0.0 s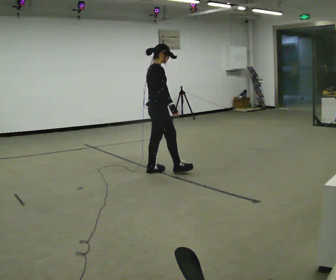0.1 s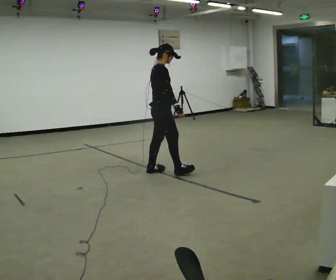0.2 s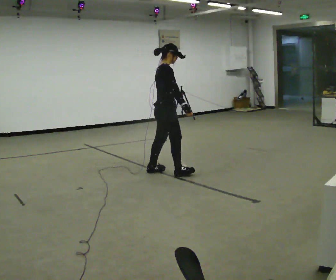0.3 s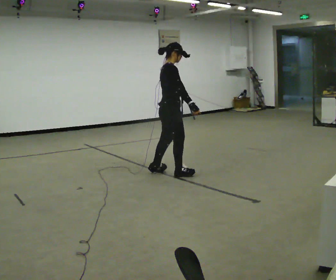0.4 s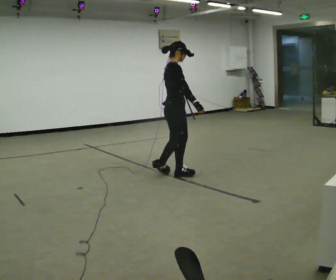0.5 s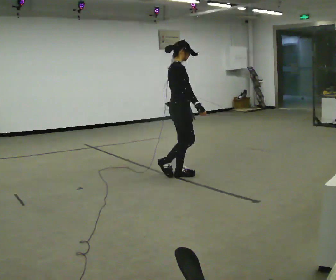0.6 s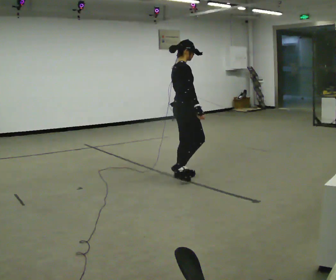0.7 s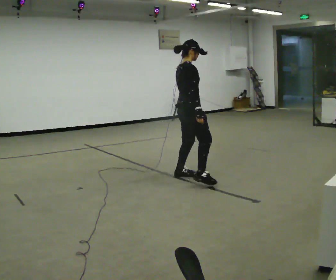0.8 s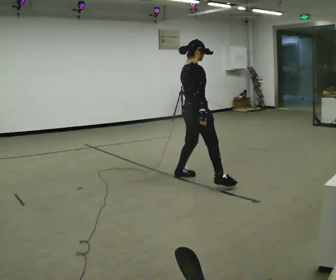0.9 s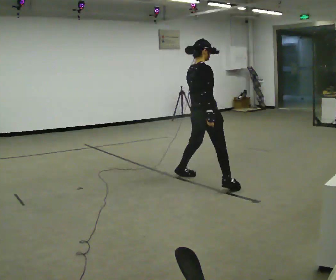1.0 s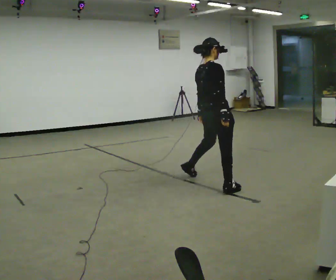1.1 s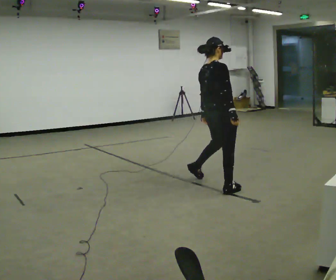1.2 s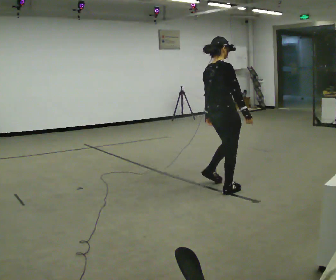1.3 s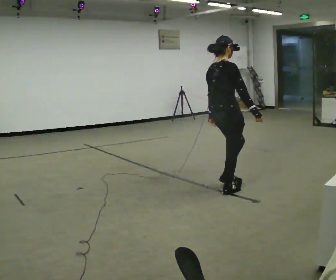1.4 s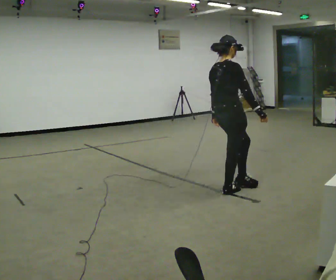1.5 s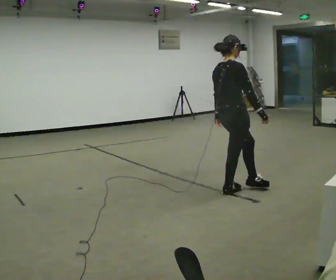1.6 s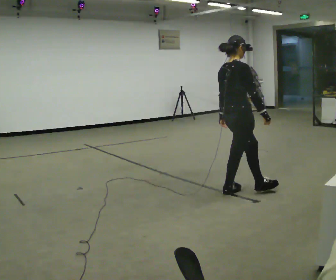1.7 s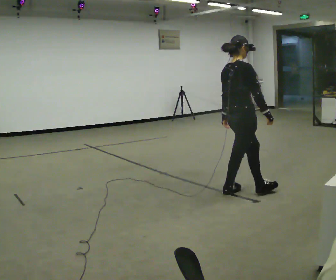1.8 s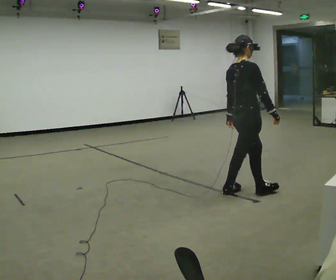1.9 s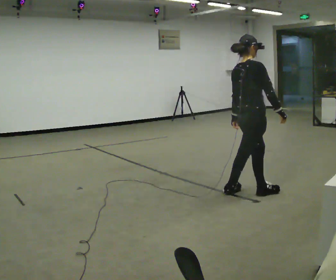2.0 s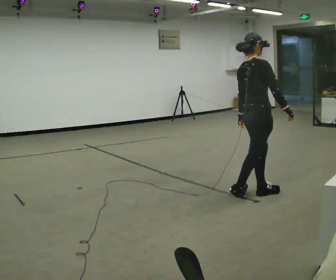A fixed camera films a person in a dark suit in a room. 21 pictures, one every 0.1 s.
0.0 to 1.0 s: Seen from above the body turns counterclockwise, about 30 degrees: to their left, with its near side sliding to the right. In the picture they go to the right and toward the camera, about 1 m in 2 steps, which for them is to their right and forward.
1.0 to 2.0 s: In the picture they go to the right and toward the camera, about 0.5 m in 1 step, which for them is to their right and forward.
The film runs forward here.
